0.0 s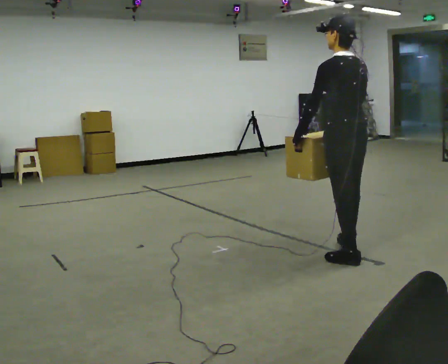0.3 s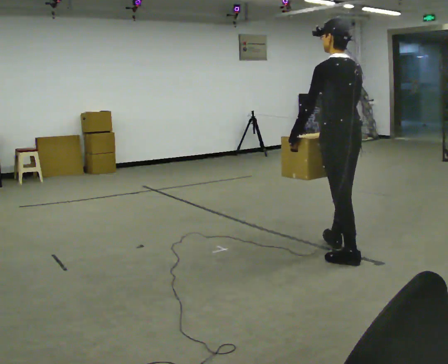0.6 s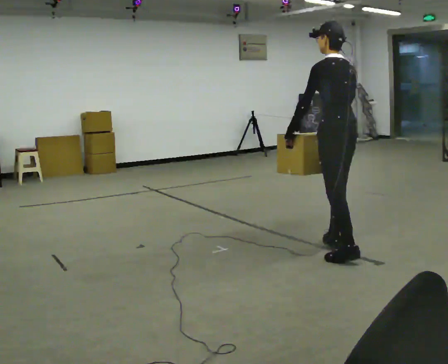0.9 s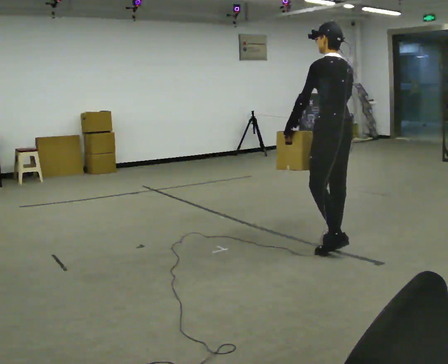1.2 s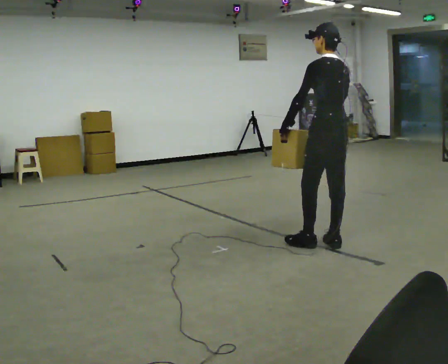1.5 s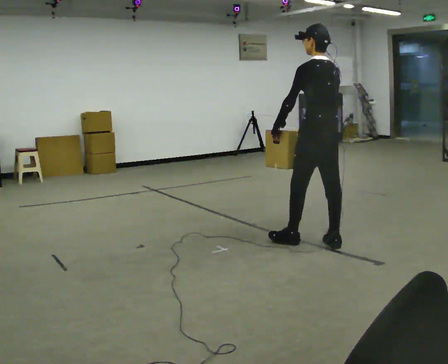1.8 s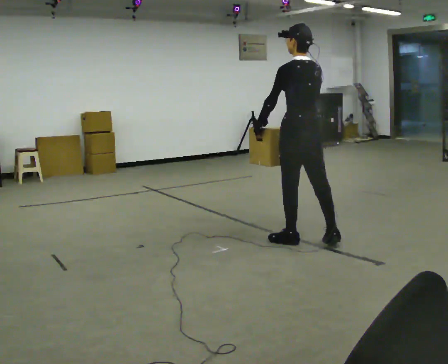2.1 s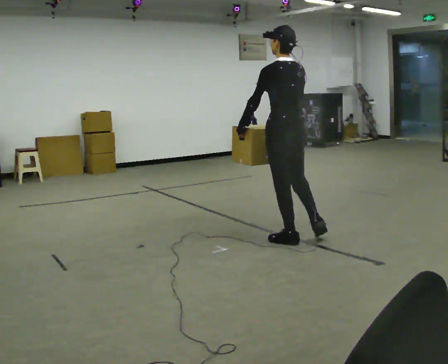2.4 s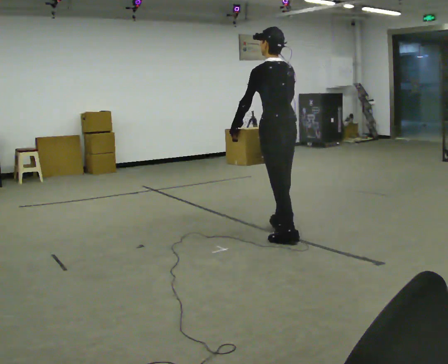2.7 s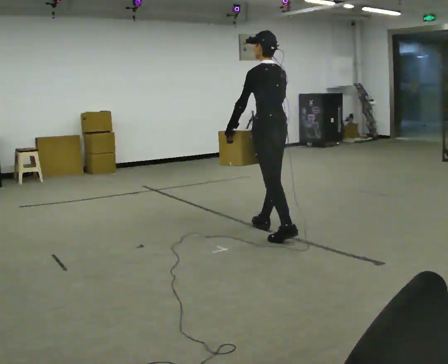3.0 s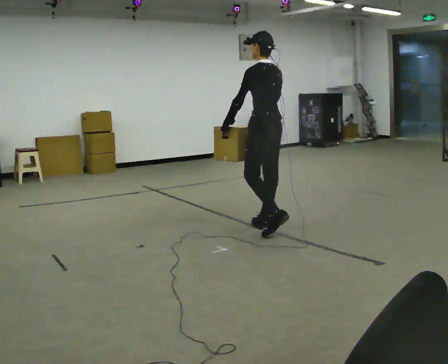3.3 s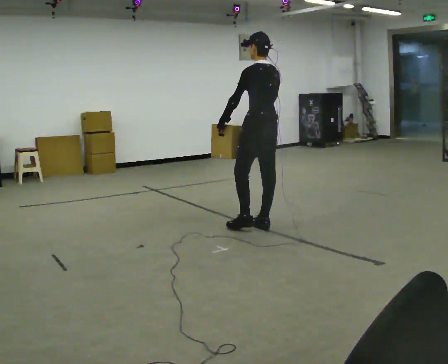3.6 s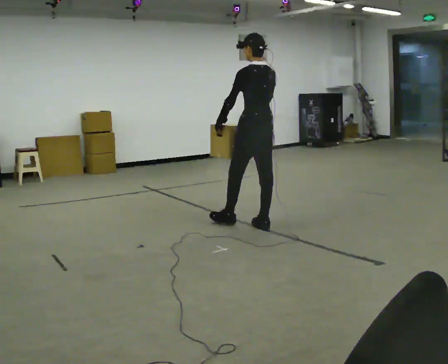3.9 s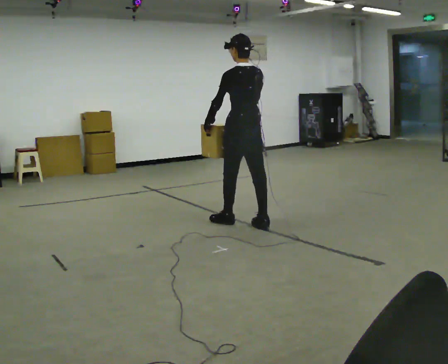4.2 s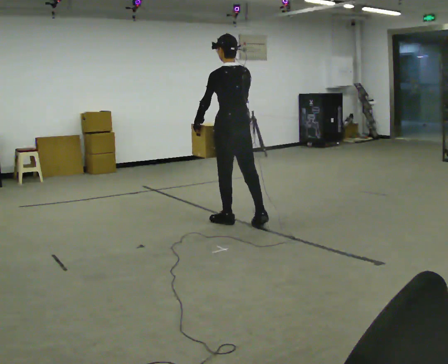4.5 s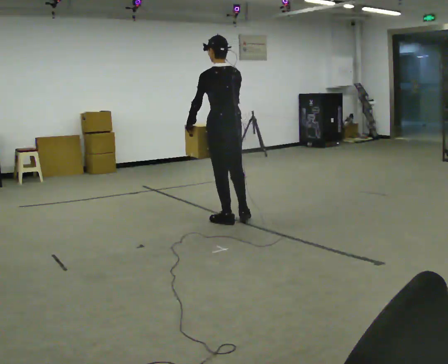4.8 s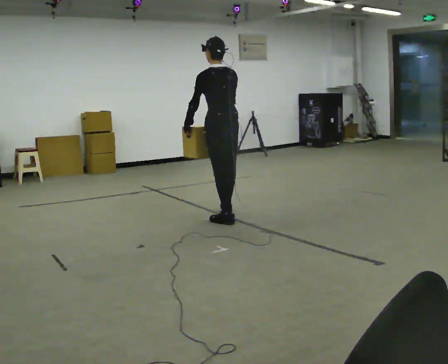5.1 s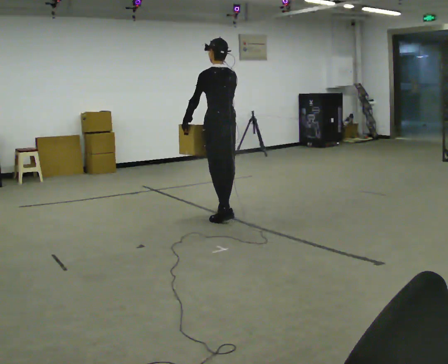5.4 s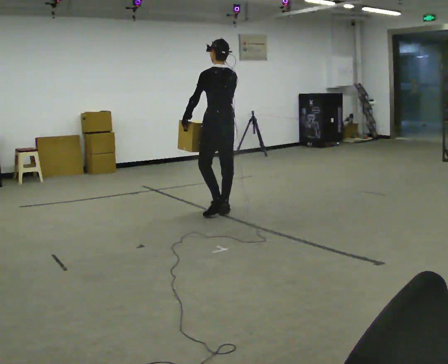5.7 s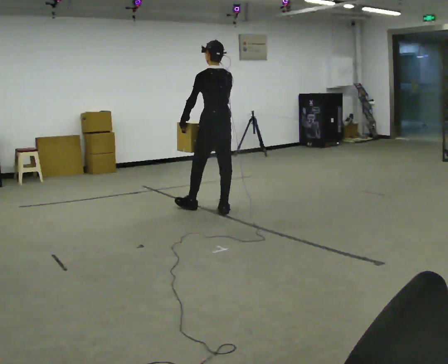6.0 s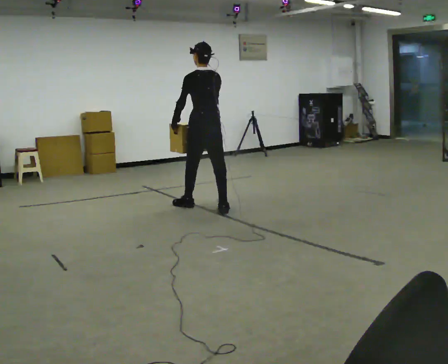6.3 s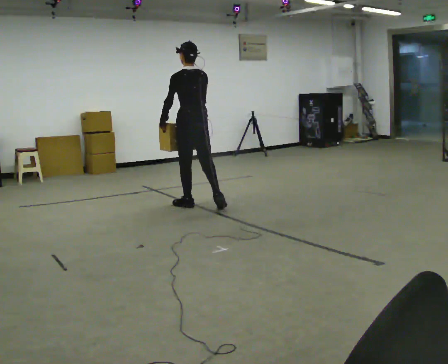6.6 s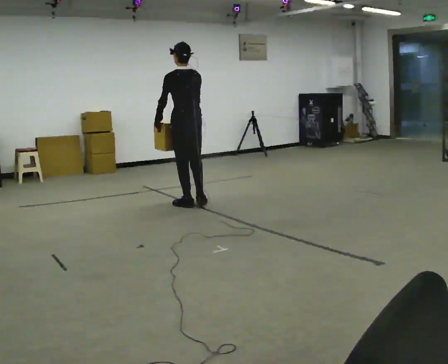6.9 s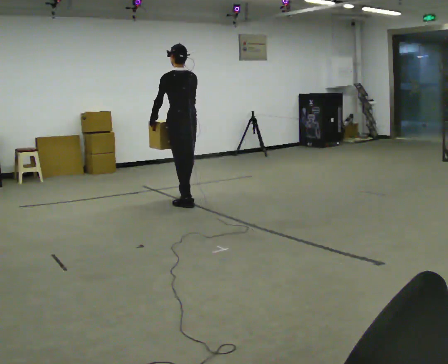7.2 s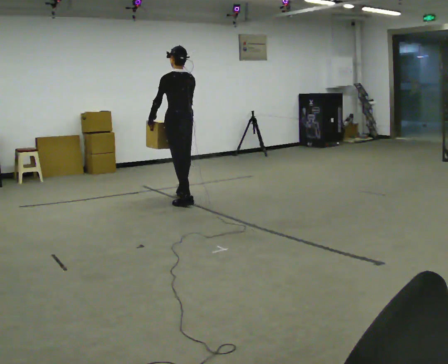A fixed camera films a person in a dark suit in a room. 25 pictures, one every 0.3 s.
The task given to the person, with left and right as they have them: Carry the box across the room, back and forth. The operator will swap between the box with handles and the one without.
0.0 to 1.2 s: In the picture they go away from the camera, about 0.5 m in 1 step, which for them is forward and to their right.
1.2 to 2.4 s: In the picture they go to the left and away from the camera, about 0.5 m in 1 step, which for them is forward and to their left.
2.4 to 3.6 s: In the picture they go away from the camera and to the left, about 0.5 m in 1 step, which for them is forward and to their right.
3.6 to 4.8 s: In the picture they go to the left and away from the camera, about 0.5 m in 1 step, which for them is forward and to their left.
4.8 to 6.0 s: In the picture they go away from the camera and to the left, about 0.5 m in 2 steps, which for them is forward.
6.0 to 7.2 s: In the picture they go away from the camera and to the left, about 0.5 m in 1 step, which for them is forward.
The film runs forward here.
